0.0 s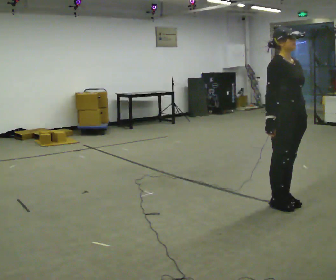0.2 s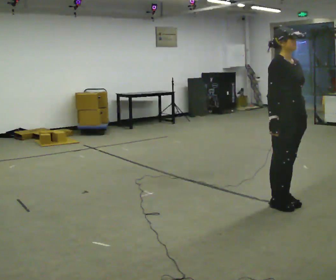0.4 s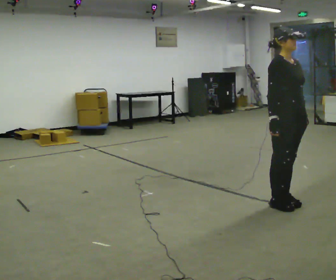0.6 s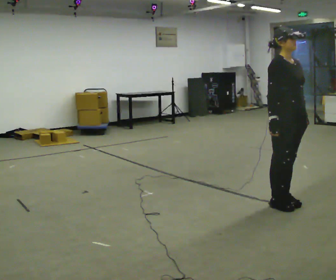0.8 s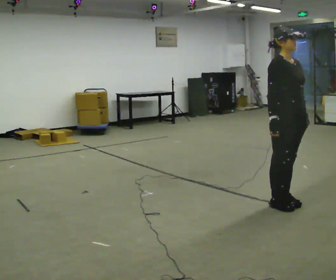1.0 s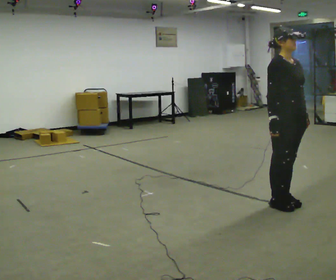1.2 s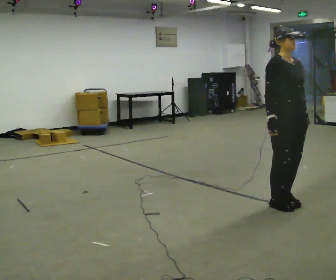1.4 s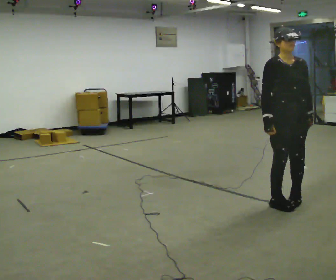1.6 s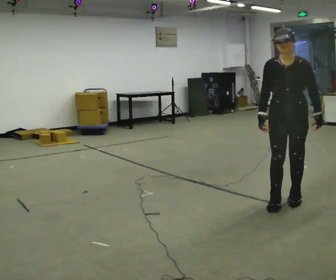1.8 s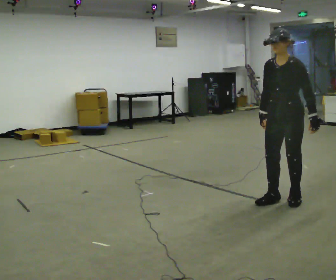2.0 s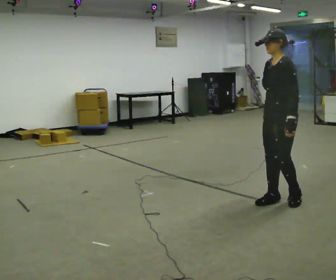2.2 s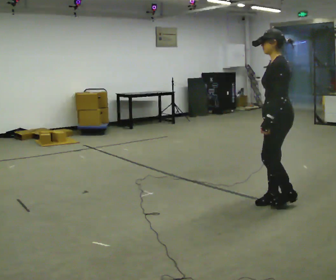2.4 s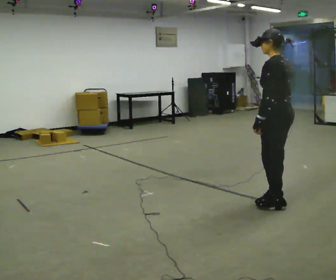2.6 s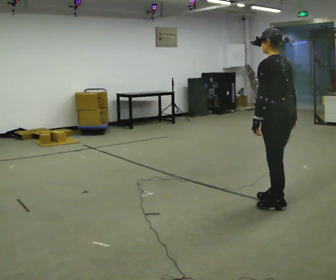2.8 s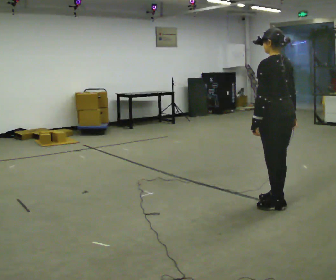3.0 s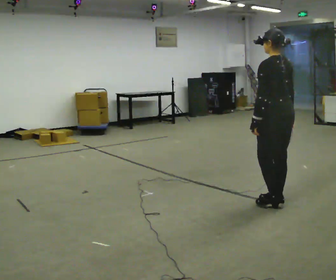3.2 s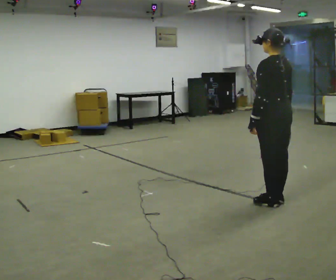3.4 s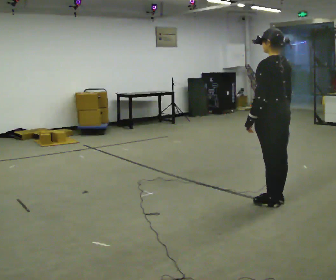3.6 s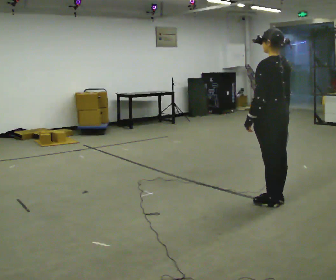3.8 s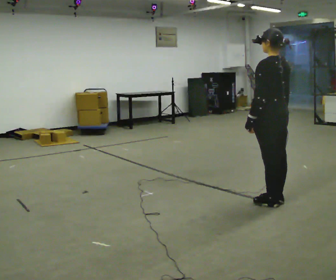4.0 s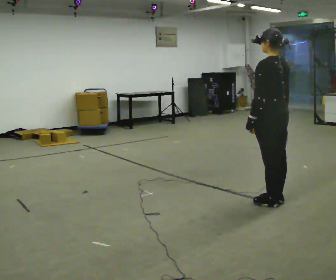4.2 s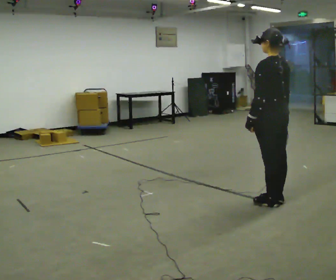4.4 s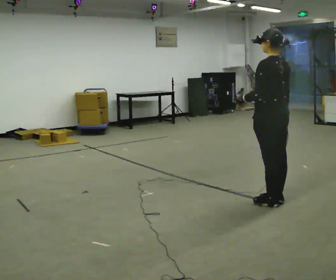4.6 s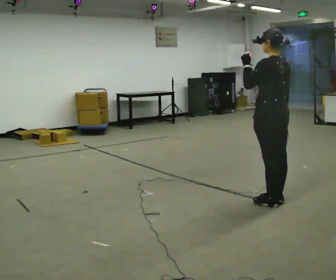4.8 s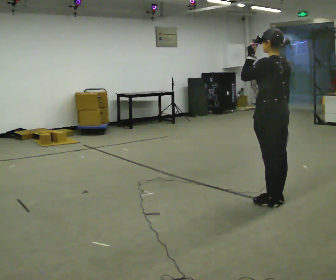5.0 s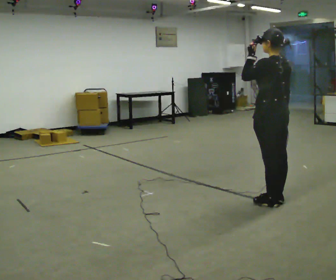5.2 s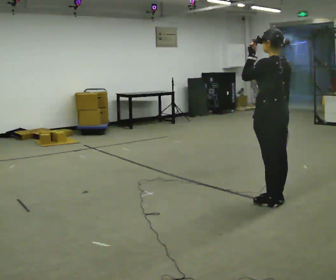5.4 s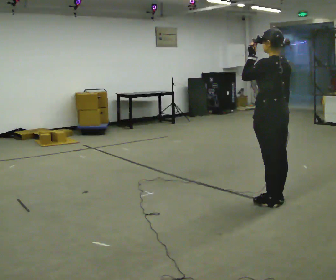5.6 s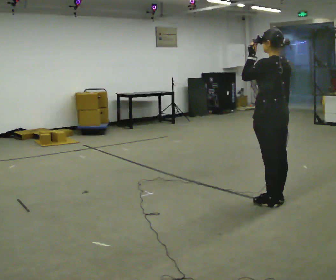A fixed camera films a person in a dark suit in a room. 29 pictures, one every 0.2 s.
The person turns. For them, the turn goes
to their right.
The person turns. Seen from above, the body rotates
clockwise.
0.0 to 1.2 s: The person moves a little, or ends about where they began.
1.2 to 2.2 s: Seen from above the body turns clockwise, about 135 degrees: to their right, with its near side sliding to the left. In the picture their left hand goes to the left.
2.2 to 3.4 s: Seen from above the body turns clockwise, about 30 degrees: to their right, with its near side sliding to the left.
3.4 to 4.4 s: The person moves a little, or ends about where they began.
4.4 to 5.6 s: In the picture their left hand goes upward.
The film runs forward here.
